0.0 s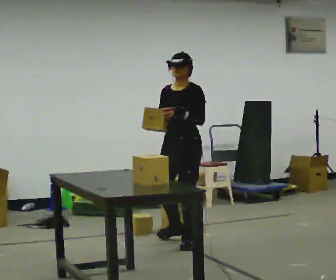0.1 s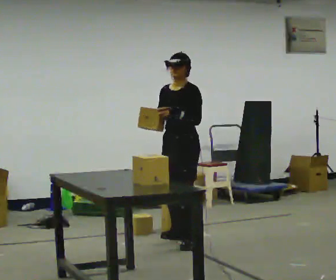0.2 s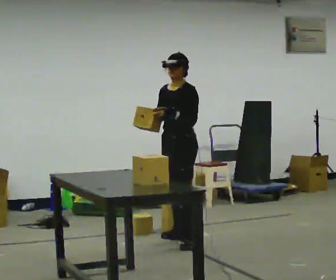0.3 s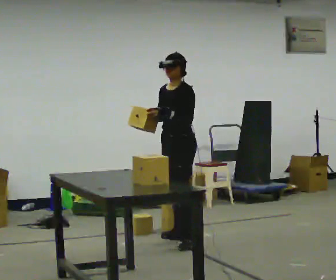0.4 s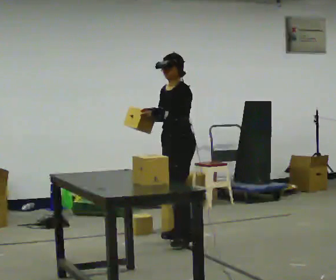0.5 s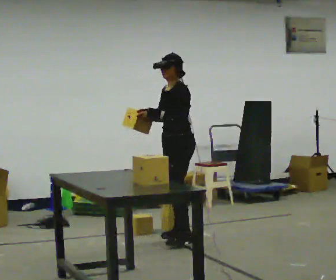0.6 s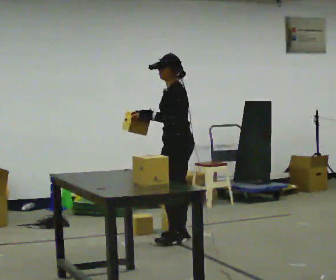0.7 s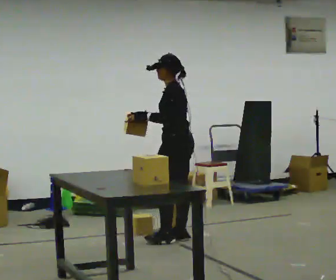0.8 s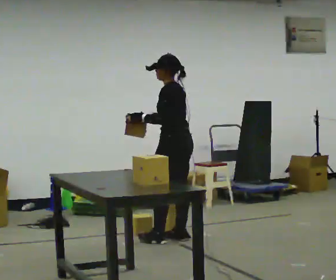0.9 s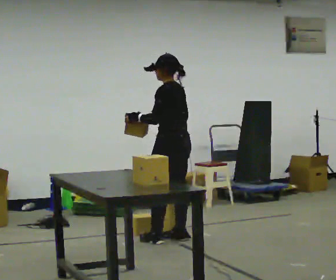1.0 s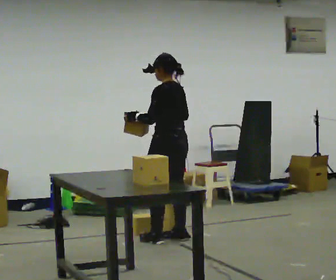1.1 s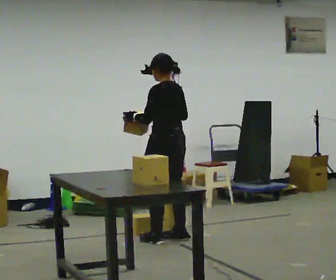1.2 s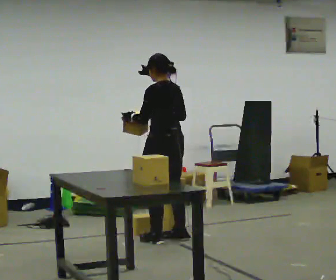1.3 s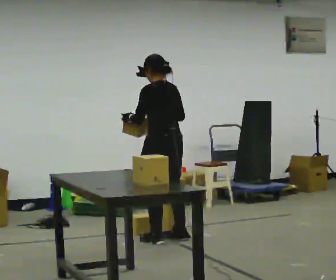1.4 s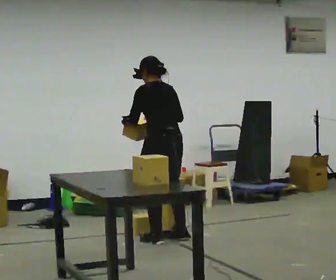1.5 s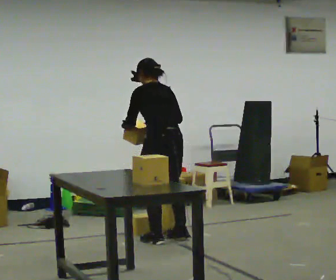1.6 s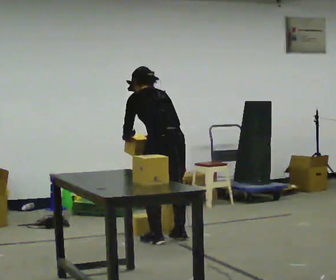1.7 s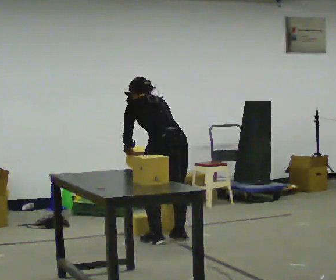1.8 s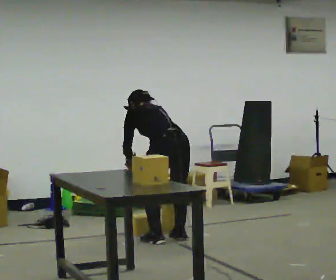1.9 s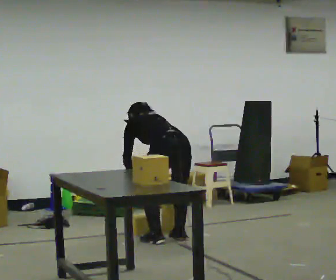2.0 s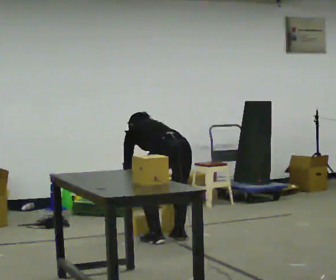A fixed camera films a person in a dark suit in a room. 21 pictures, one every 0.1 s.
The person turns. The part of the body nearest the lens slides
to the left.
The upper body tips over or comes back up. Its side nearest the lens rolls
upward.
0.0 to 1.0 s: Seen from above the body turns clockwise, about 75 degrees: to their right, with its near side sliding to the left. In the picture they go away from the camera, about 0.25 m in 1 step. In the picture their left hand goes to the left.
1.0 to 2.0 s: Seen from above the body turns clockwise, about 30 degrees: to their right, with its near side sliding to the left. The upper body goes downward. The upper body tips away from the camera, its near side rolling upward, as they bend forward. In the picture their right hand goes downward.
The film runs backward here.
